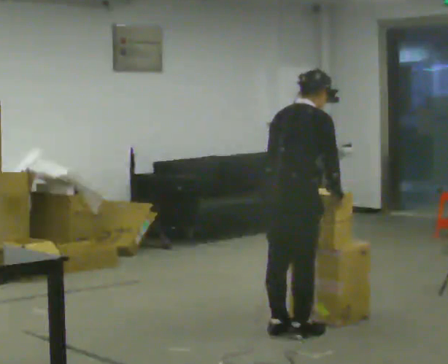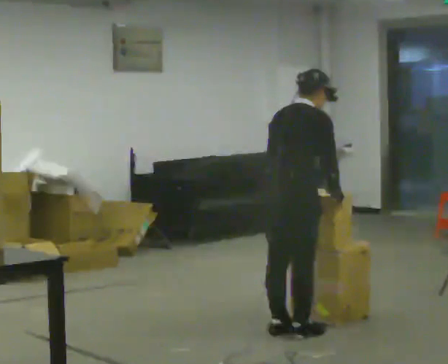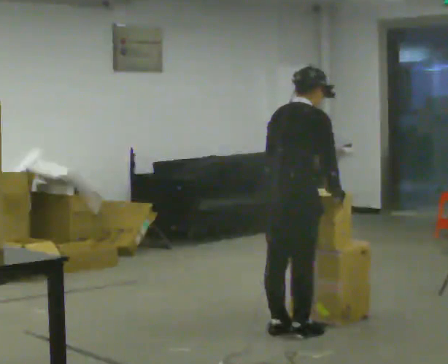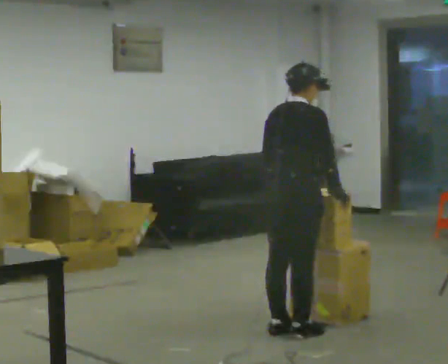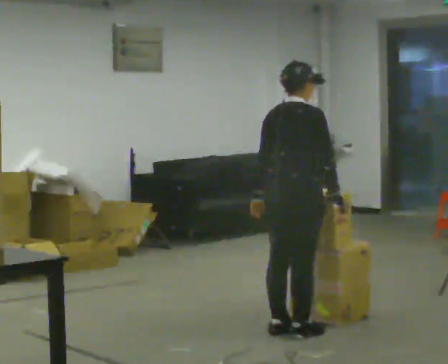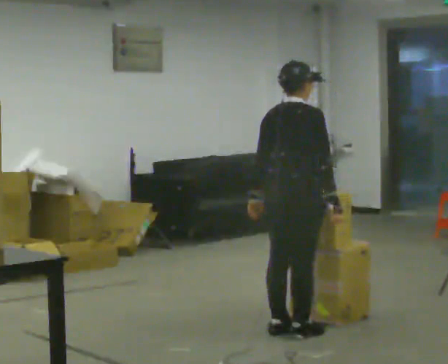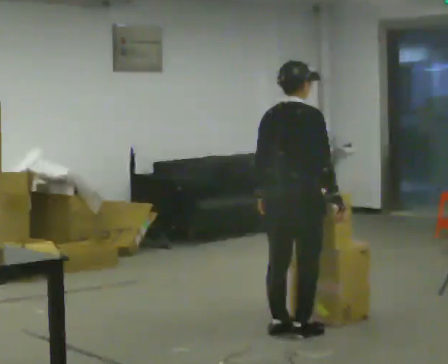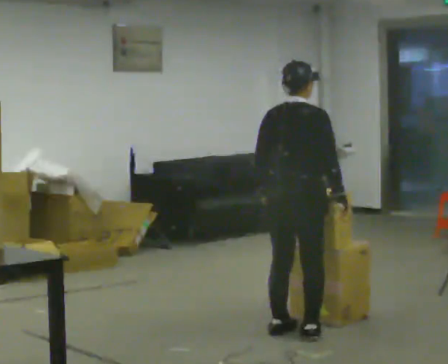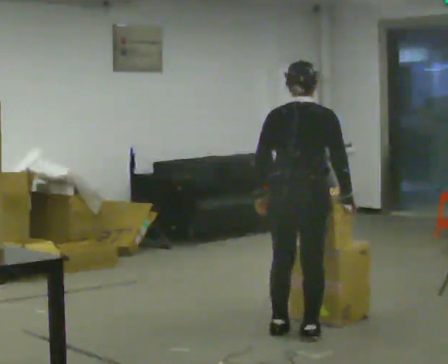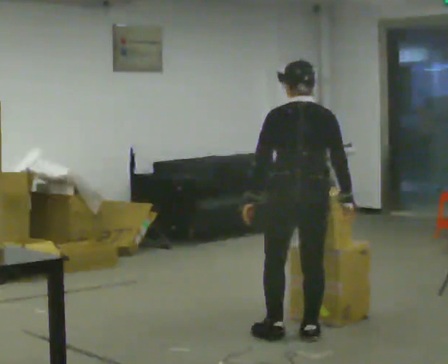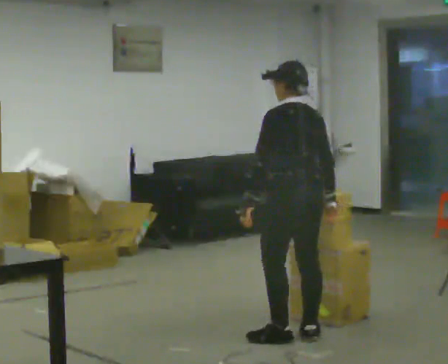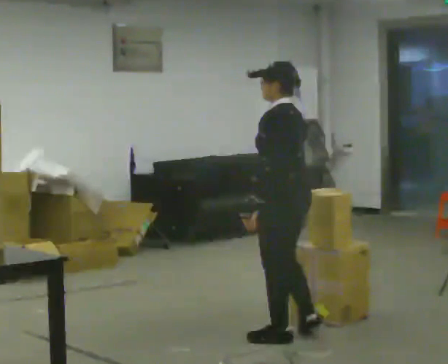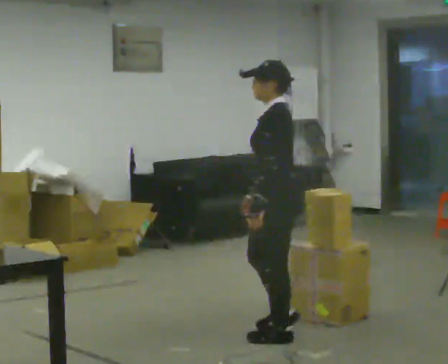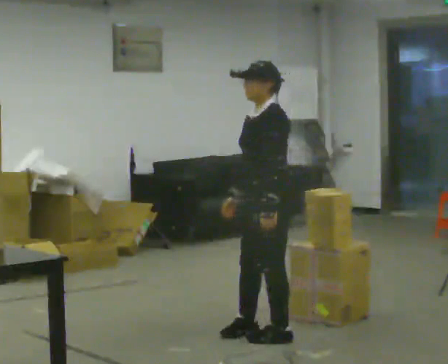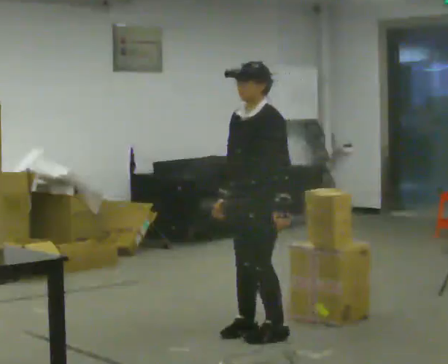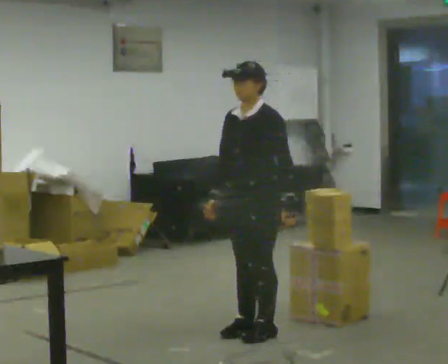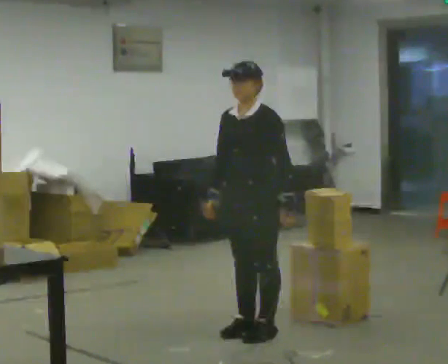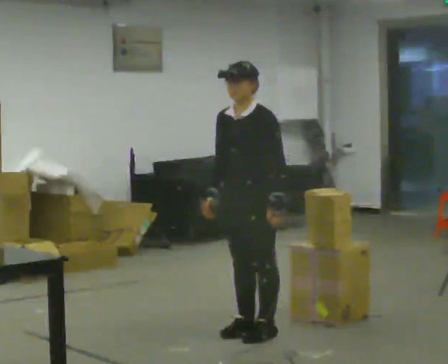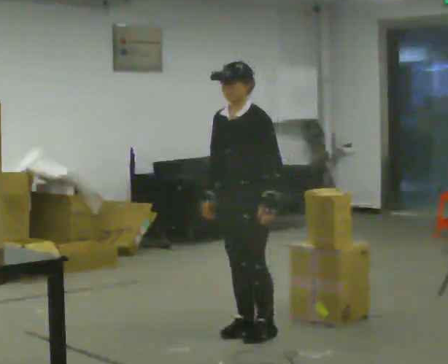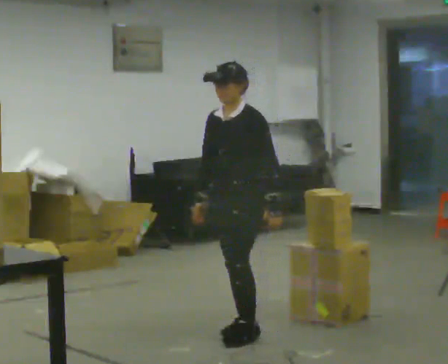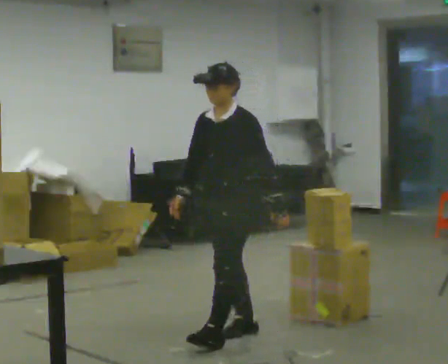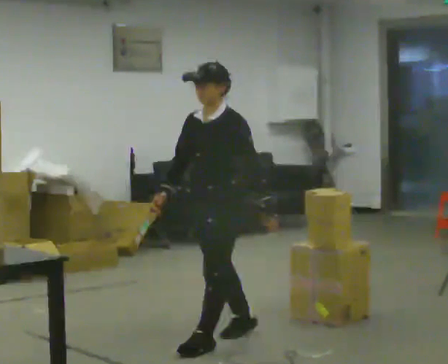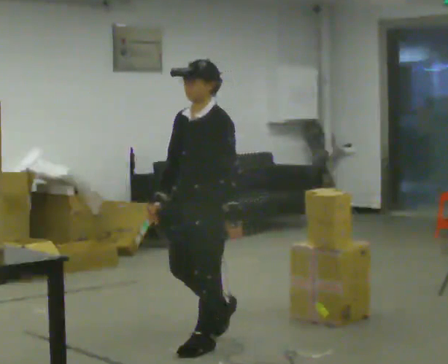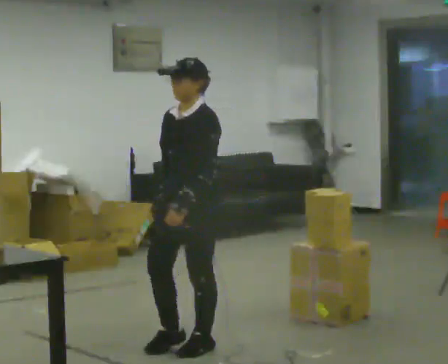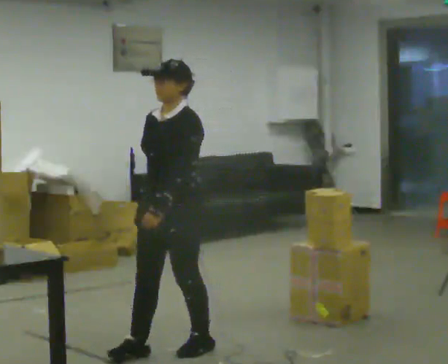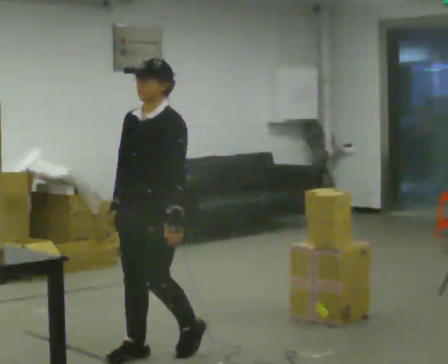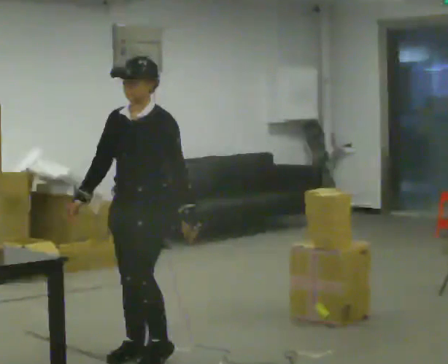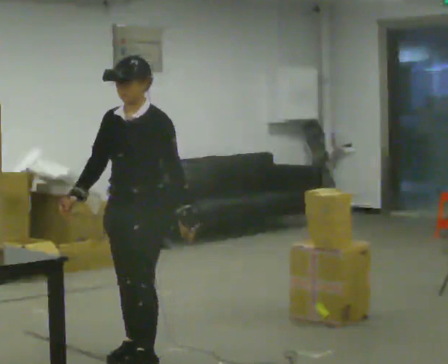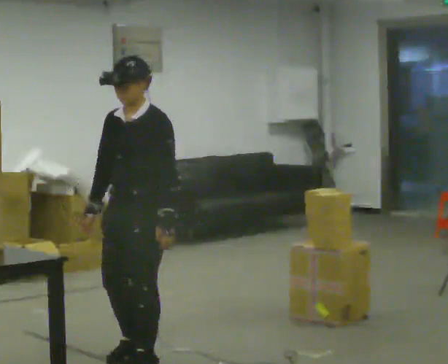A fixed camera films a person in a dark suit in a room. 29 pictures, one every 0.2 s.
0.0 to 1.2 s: The person moves a little, or ends about where they began.
1.2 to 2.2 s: The person turns about 105 degrees to their left, counterclockwise seen from above, so the part of the body nearest the lens slides to the right.
2.2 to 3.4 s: The person turns about 75 degrees to their left, counterclockwise seen from above, so the part of the body nearest the lens slides to the right. In the picture they go to the left, about 0.25 m in 2 steps.
3.4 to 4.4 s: In the picture they go toward the camera and to the left, about 0.5 m in 1 step, which for them is forward.
4.4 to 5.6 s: In the picture they go toward the camera and to the left, about 0.5 m in 2 steps, which for them is forward.
The film runs forward here.
